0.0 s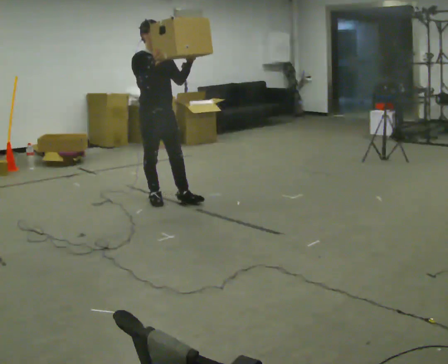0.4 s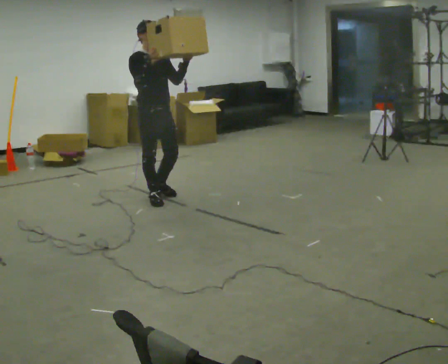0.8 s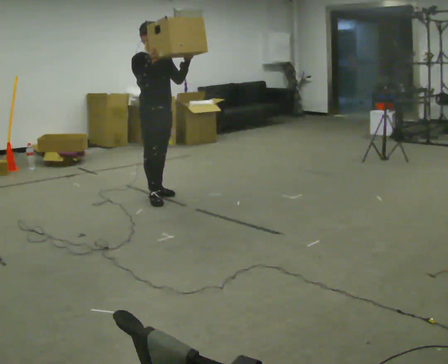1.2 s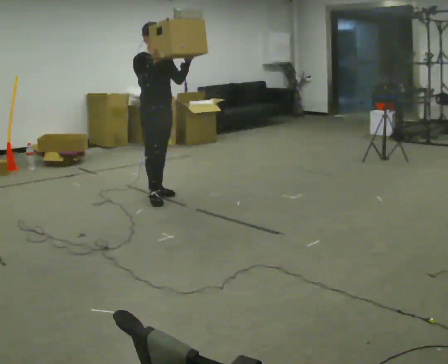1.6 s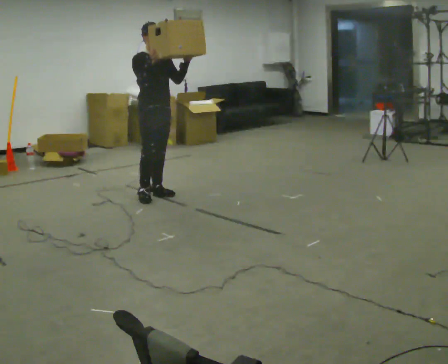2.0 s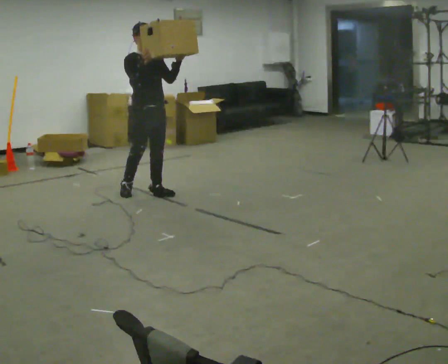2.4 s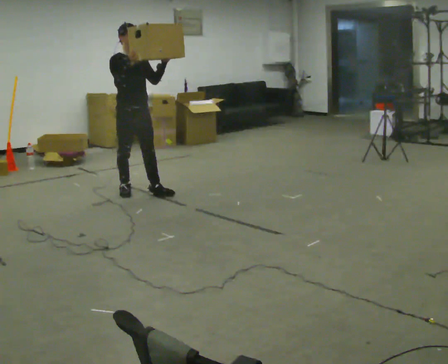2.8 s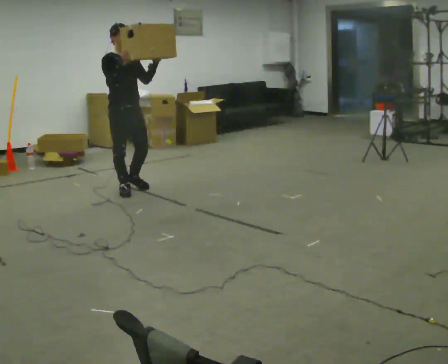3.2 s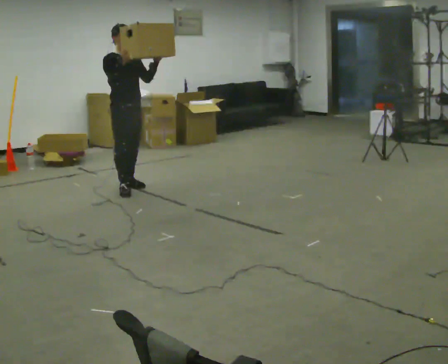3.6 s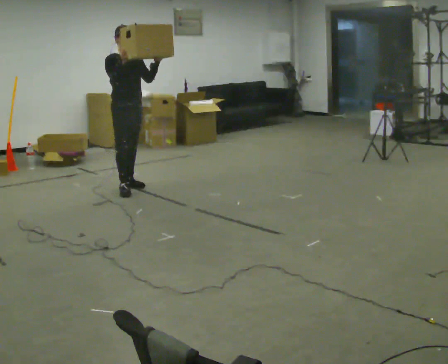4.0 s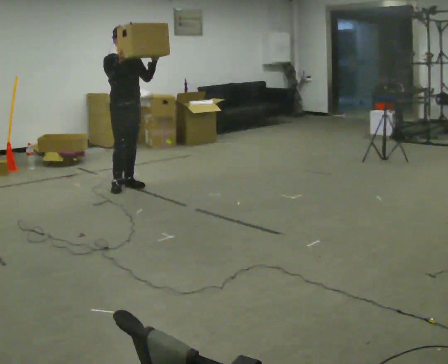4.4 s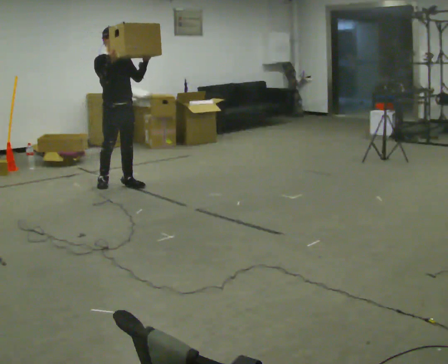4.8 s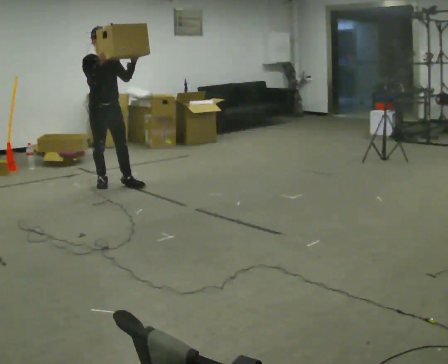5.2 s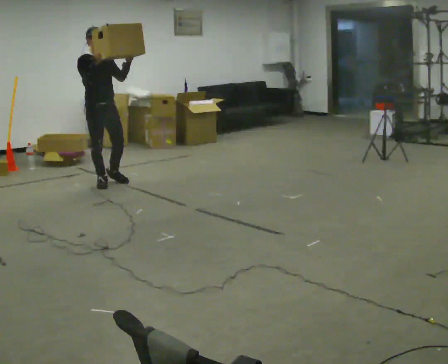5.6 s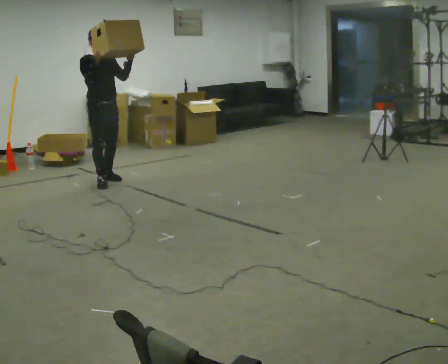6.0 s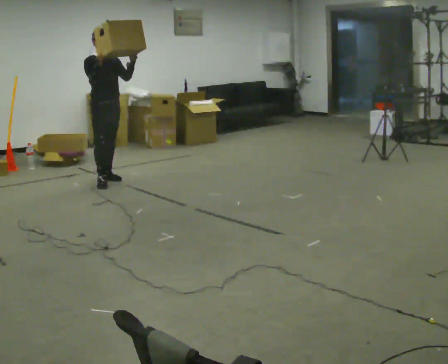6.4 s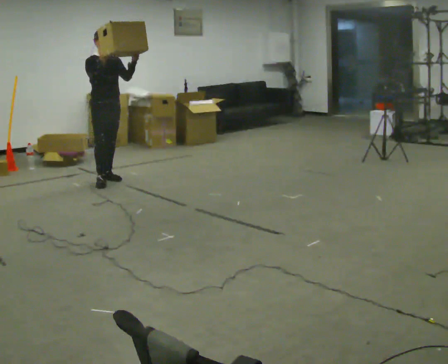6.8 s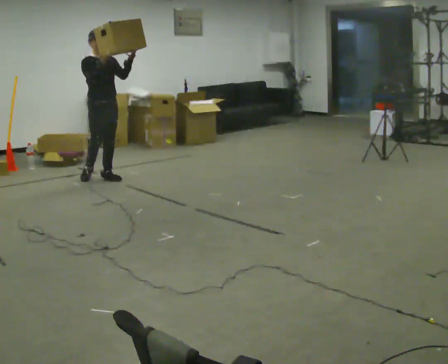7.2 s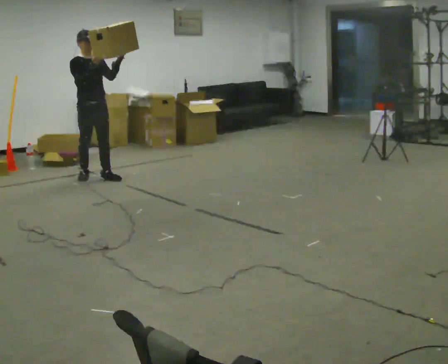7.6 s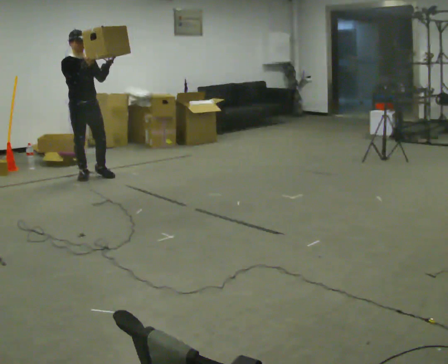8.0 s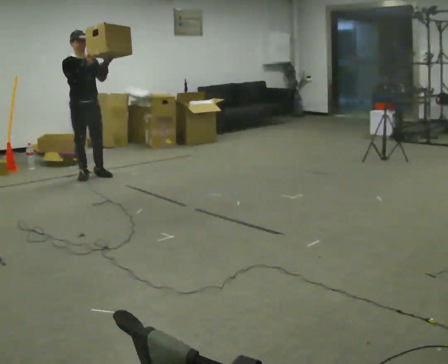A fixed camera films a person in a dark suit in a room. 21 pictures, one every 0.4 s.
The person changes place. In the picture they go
away from the camera.
0.0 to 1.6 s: In the picture they go away from the camera, about 0.25 m in 1 step, which for them is backward and to their left.
1.6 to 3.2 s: In the picture they go to the left and away from the camera, about 0.25 m in 1 step, which for them is backward and to their right.
3.2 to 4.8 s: In the picture they go away from the camera and to the left, about 0.25 m in 1 step, which for them is backward.
4.8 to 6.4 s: In the picture they go away from the camera, about 0.25 m in 2 steps, which for them is backward and to their left.
6.4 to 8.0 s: In the picture they go to the left, about 0.25 m in 1 step, which for them is backward and to their right.
The film runs backward here.
